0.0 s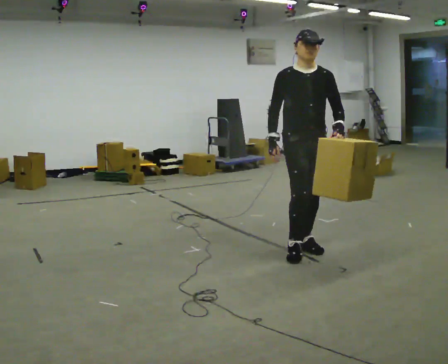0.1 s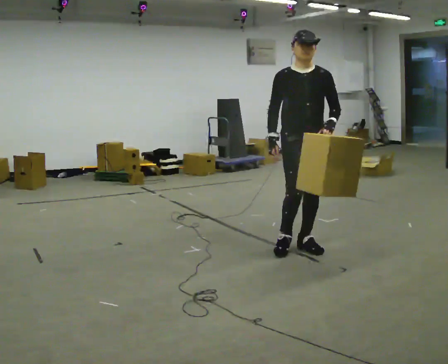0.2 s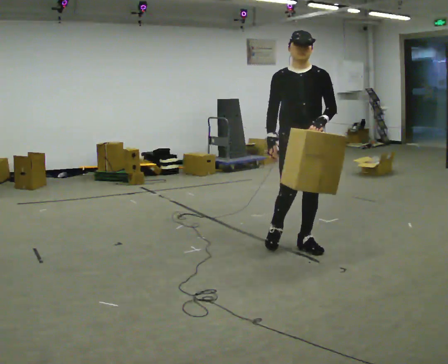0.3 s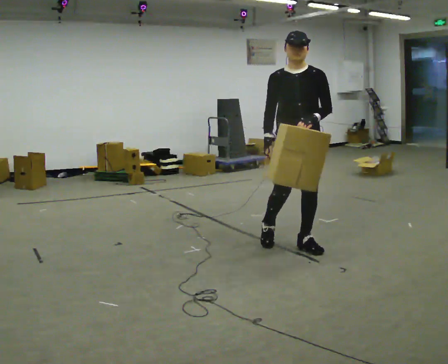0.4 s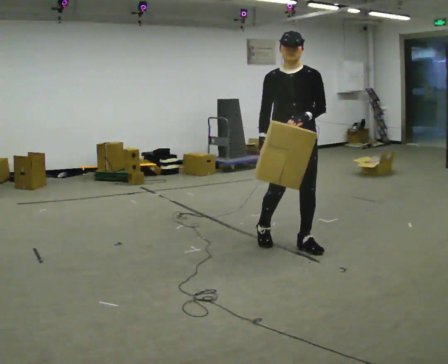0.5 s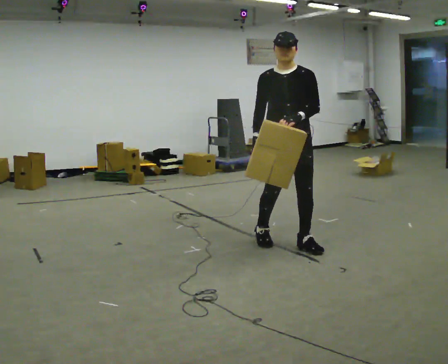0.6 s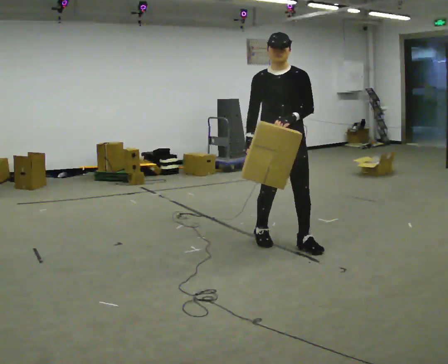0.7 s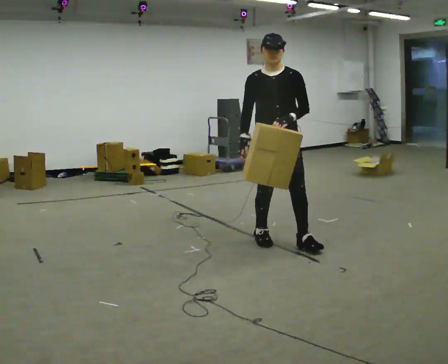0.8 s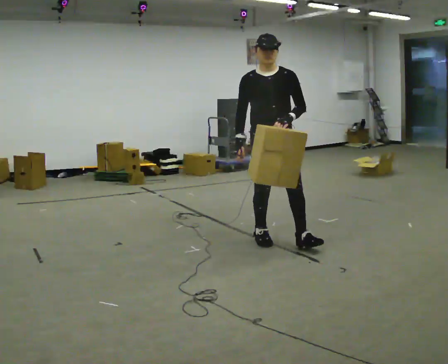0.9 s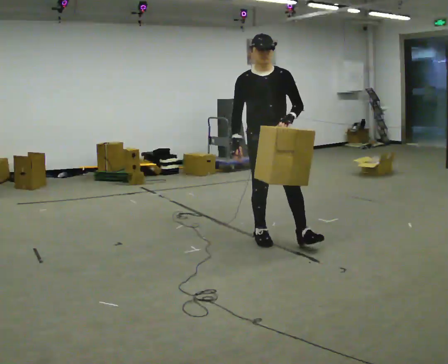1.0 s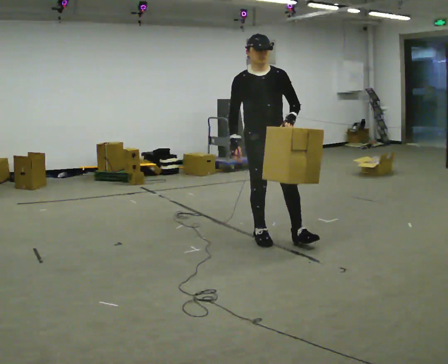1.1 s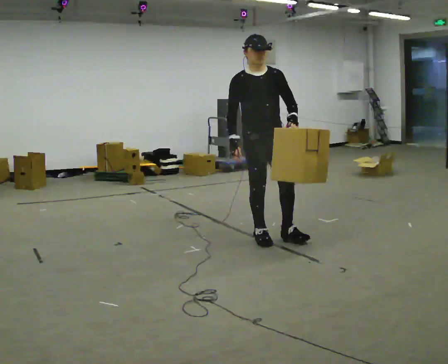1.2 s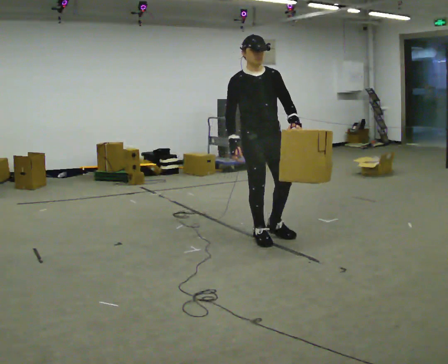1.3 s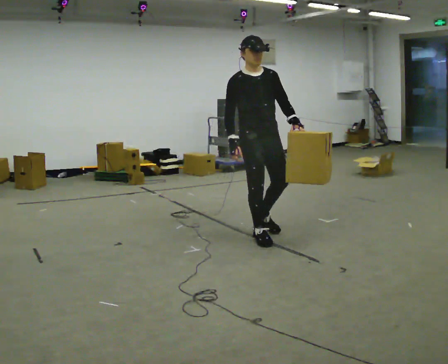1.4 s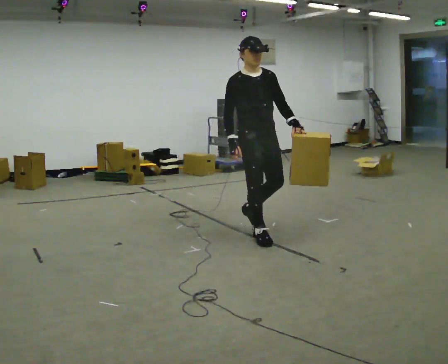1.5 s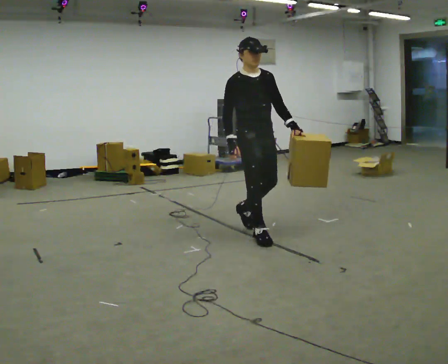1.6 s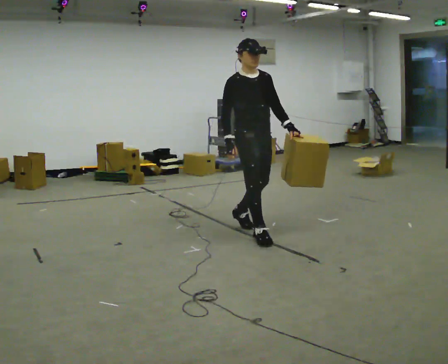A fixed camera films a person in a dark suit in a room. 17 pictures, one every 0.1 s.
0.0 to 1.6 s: In the picture they go to the left and away from the camera, about 0.5 m in 1 step, which for them is backward and to their right.
The film runs backward here.
